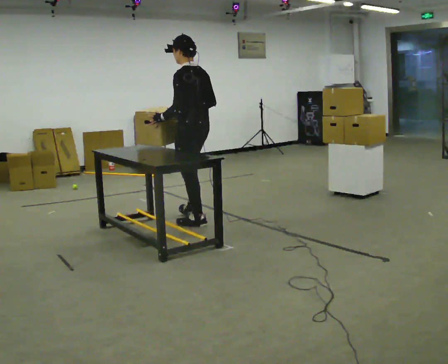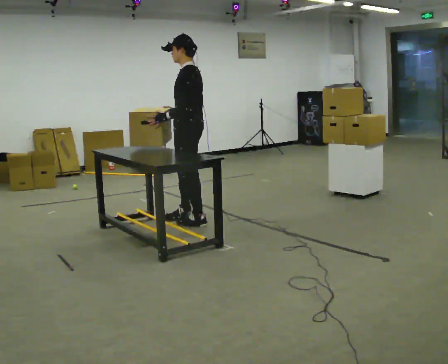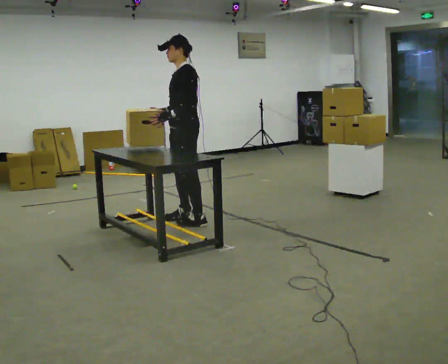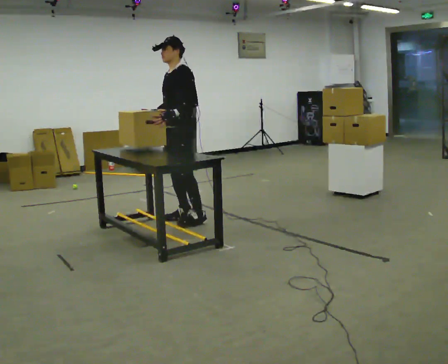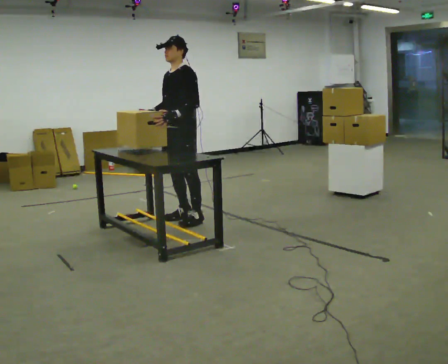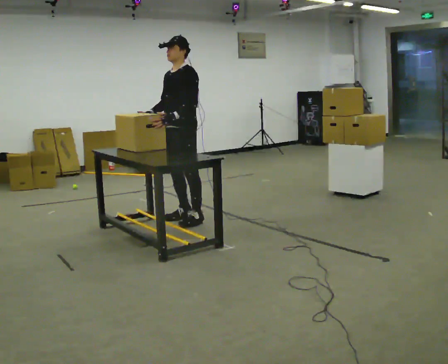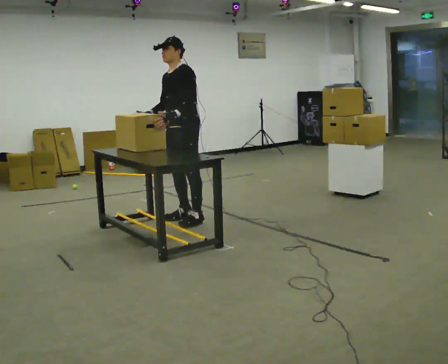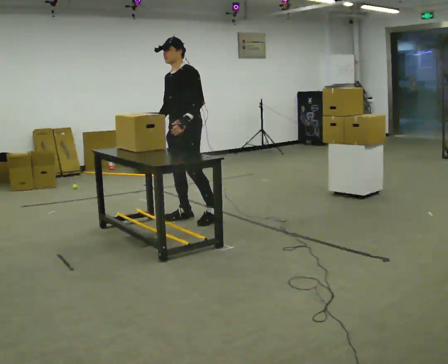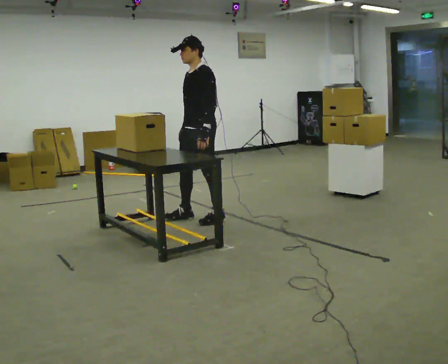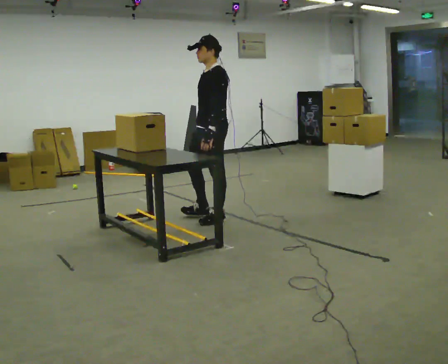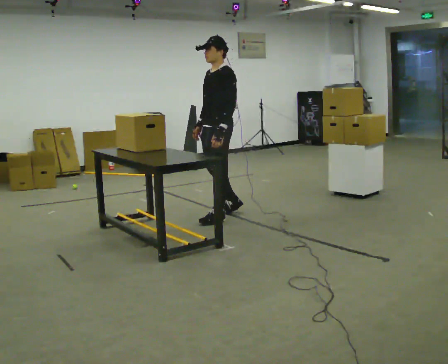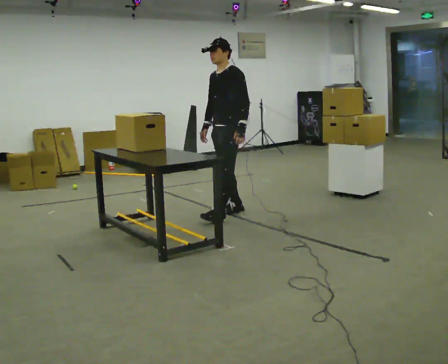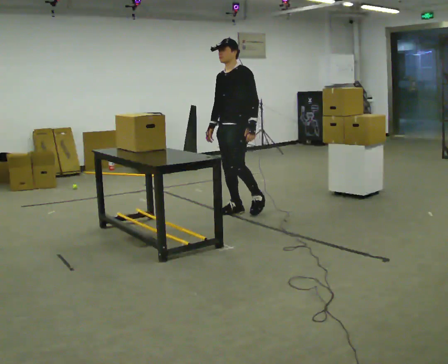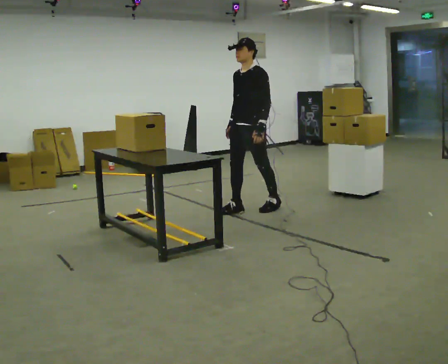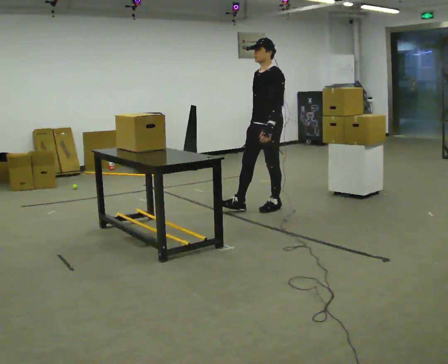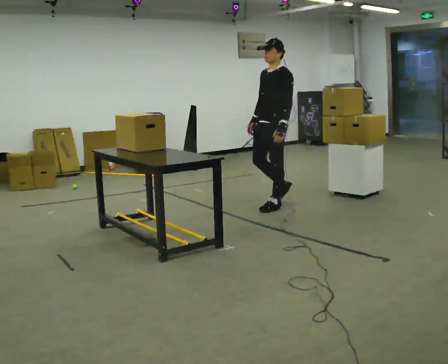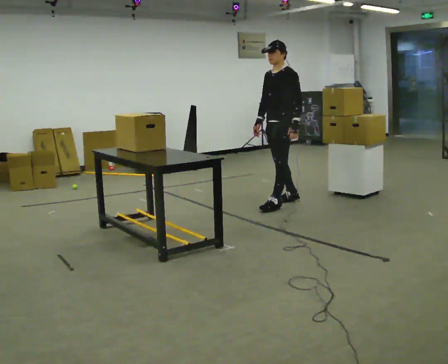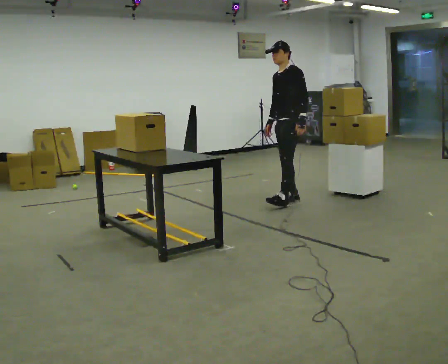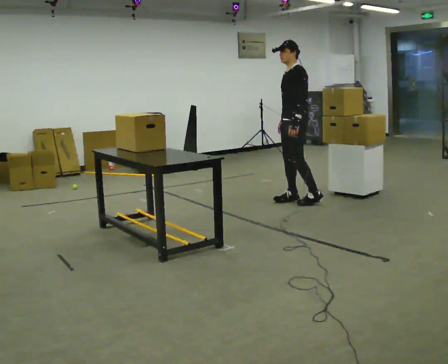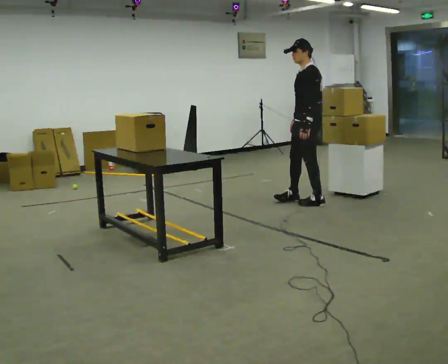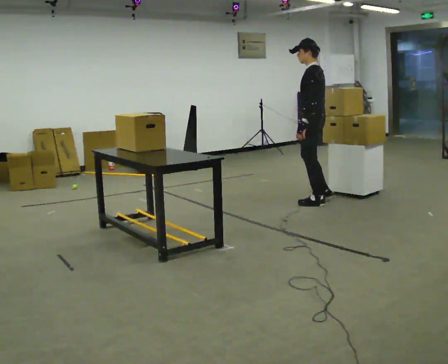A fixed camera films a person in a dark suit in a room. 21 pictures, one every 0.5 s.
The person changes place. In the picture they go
to the right.
The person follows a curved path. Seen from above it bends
clockwise.
0.0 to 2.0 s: The part of the body nearest the lens slides to the right as the person turns to their left by about 60 degrees. In the picture they go away from the camera, about 0.25 m. In the picture their right hand goes to the left.
2.0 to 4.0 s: In the picture they go to the right, about 0.25 m in 1 step, which for them is backward and to their left. In the picture their right hand goes to the right.
4.0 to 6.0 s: In the picture they go to the right and away from the camera, about 0.5 m in 2 steps, which for them is backward.
6.0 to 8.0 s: In the picture they go to the right and away from the camera, about 0.5 m in 1 step, which for them is backward.
8.0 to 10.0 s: The part of the body nearest the lens slides to the left as the person turns to their right by about 45 degrees. In the picture they go to the right, about 0.25 m in 2 steps, which for them is backward and to their left.
The film runs backward here.
